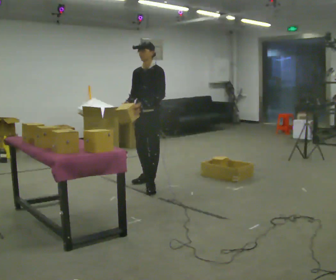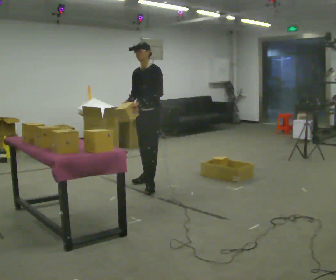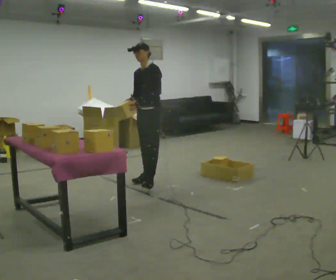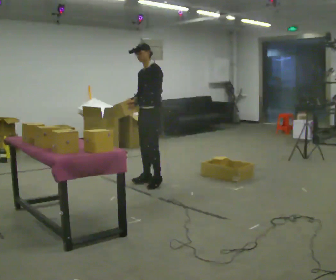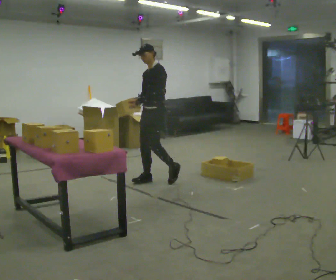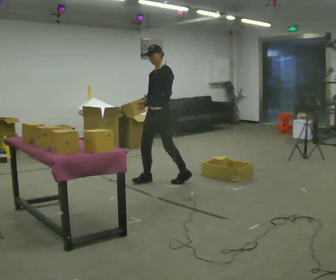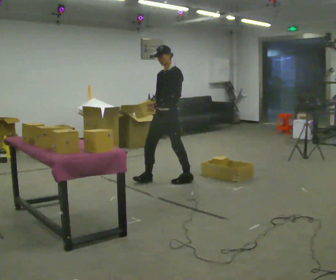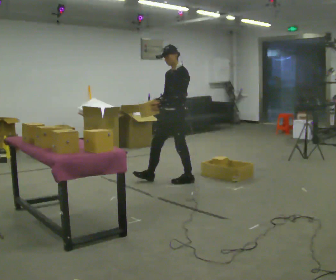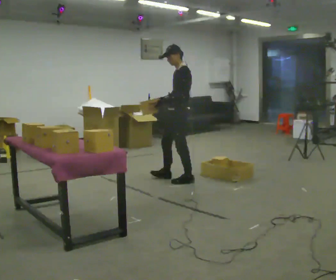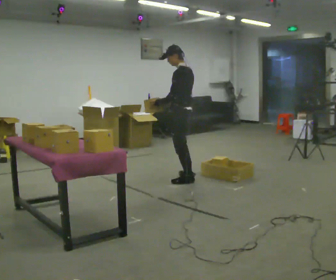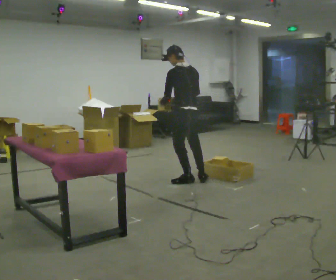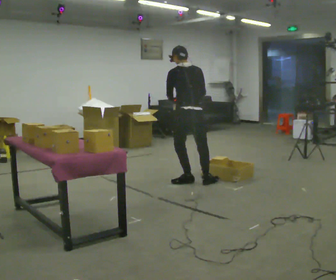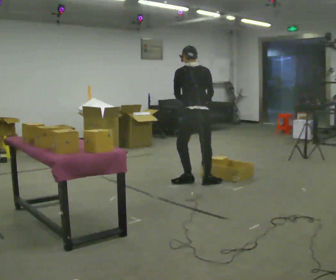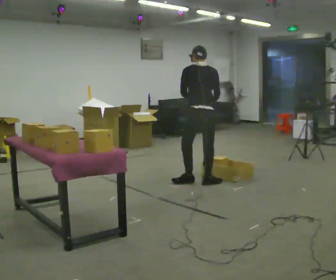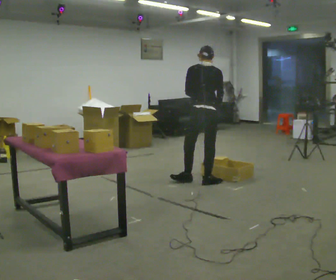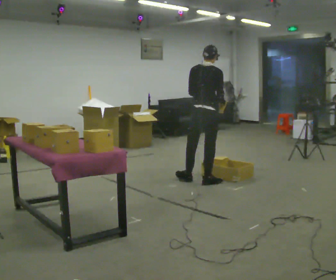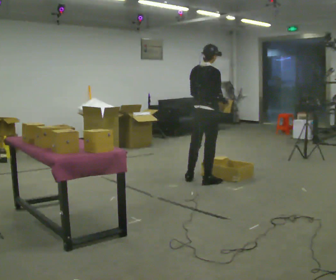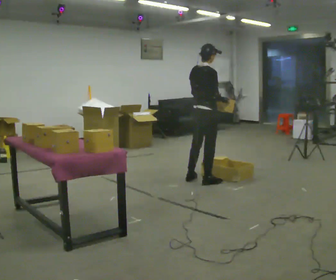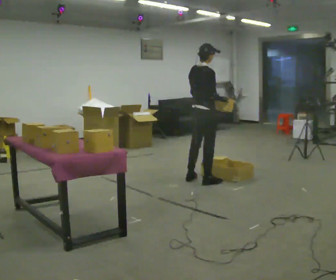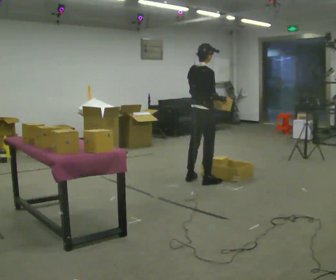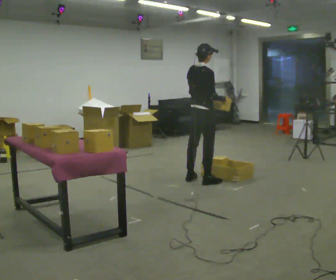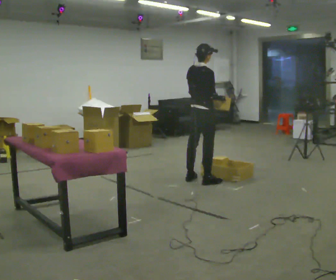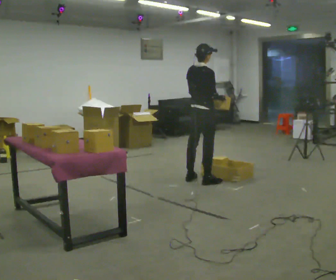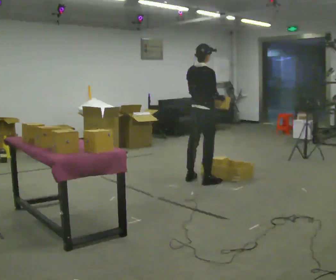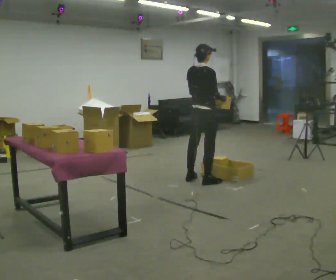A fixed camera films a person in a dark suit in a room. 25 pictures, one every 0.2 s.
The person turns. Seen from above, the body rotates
clockwise.
The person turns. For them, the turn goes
to their right.
0.0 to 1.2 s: In the picture they go to the right and away from the camera, about 0.25 m in 1 step, which for them is backward.
1.2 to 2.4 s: Seen from above the body turns clockwise, about 120 degrees: to their right, with its near side sliding to the left. In the picture they go to the right, about 0.25 m in 1 step.
2.4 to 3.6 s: Seen from above the body turns clockwise, about 60 degrees: to their right, with its near side sliding to the left. In the picture their left hand goes to the right.
3.6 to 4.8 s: The person moves a little, or ends about where they began.
The film runs backward here.
